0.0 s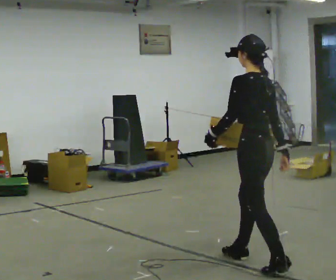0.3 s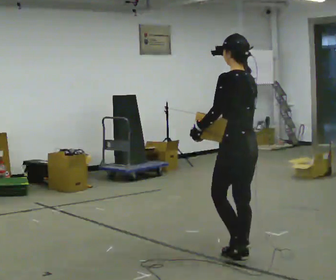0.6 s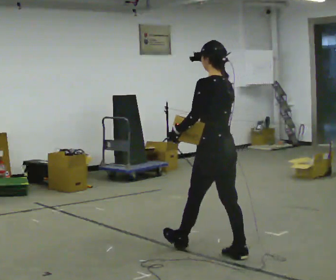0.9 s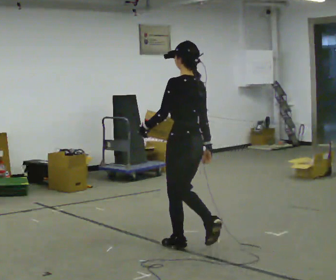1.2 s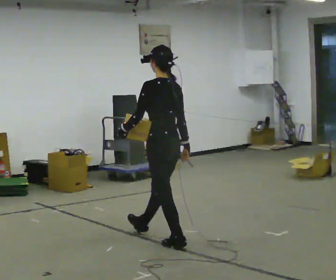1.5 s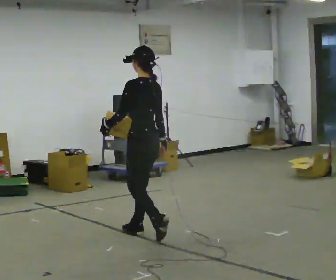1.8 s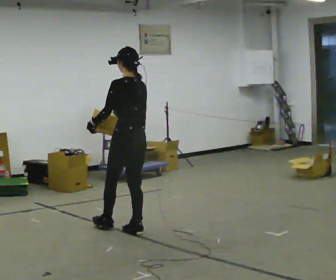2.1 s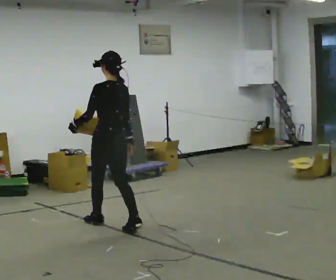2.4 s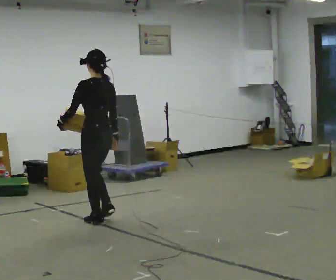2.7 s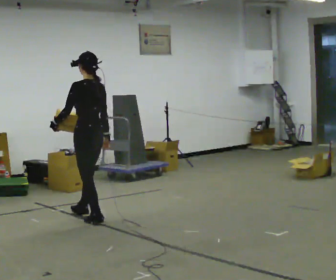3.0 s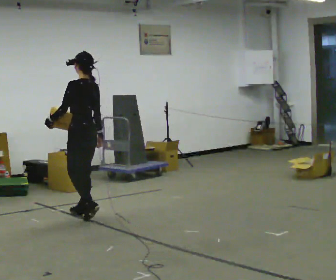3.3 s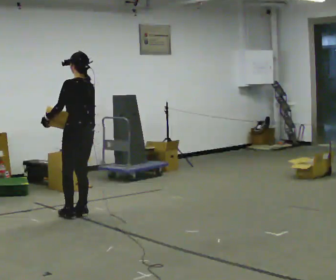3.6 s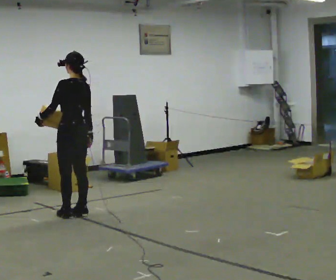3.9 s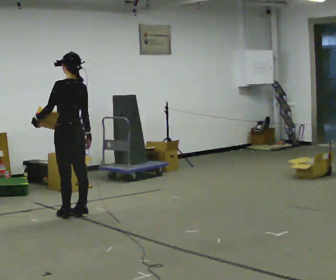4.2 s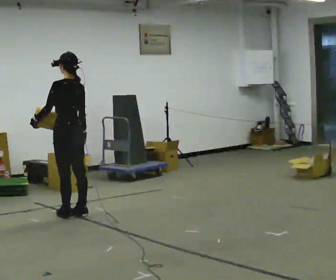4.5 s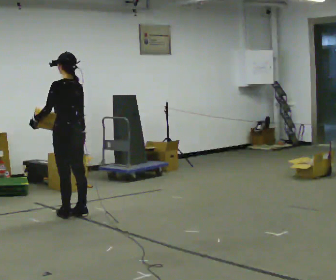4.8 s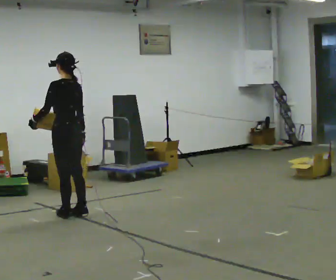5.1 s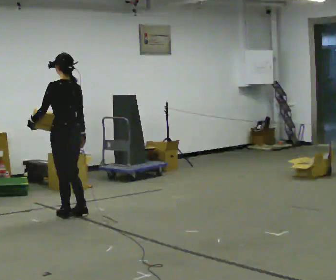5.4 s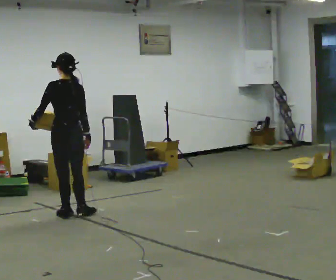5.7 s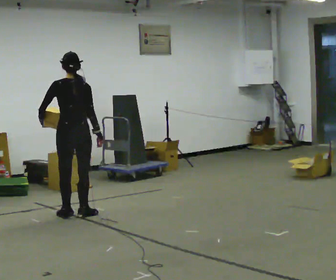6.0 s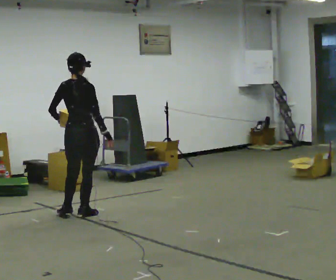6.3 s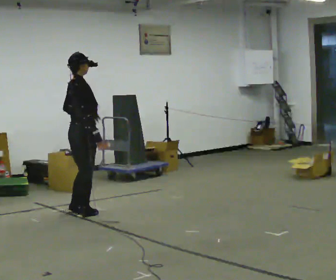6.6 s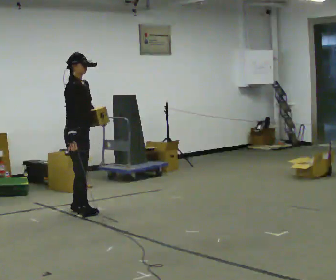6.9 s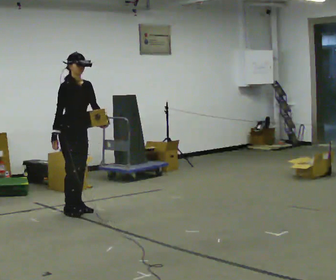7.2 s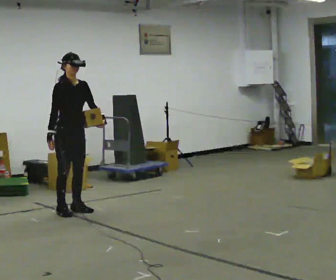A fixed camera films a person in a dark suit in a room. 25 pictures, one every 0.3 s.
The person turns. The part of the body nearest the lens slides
to the left.
The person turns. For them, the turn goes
to their right.
0.0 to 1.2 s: In the picture they go away from the camera and to the left, about 1 m in 1 step, which for them is forward.
1.2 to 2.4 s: In the picture they go away from the camera and to the left, about 1 m in 2 steps, which for them is forward.
2.4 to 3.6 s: In the picture they go away from the camera and to the left, about 0.5 m in 2 steps, which for them is forward.
3.6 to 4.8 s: The person moves a little, or ends about where they began.
4.8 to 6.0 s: The person turns about 75 degrees to their right, clockwise seen from above, so the part of the body nearest the lens slides to the left. In the picture their left hand goes to the right.
6.0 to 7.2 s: The part of the body nearest the lens slides to the left as the person turns to their right by about 105 degrees. In the picture they go away from the camera, about 0.25 m in 2 steps. In the picture their left hand goes to the right, the arm swinging counterclockwise.
The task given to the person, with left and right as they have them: Carry the object in the hand the operator calls, down at your side, walking back and forth across the room.
The film runs forward here.
